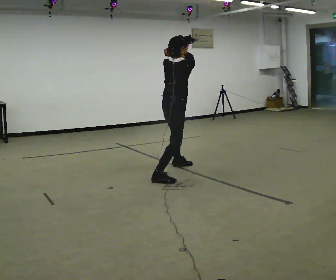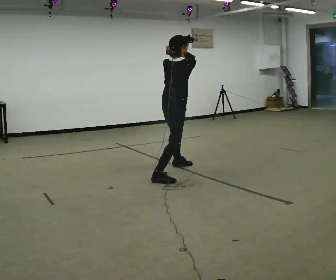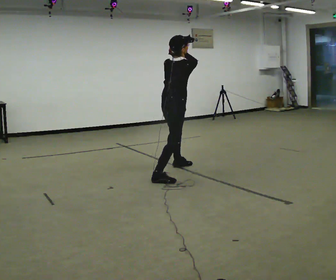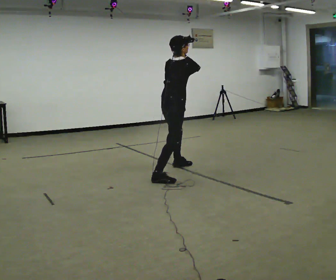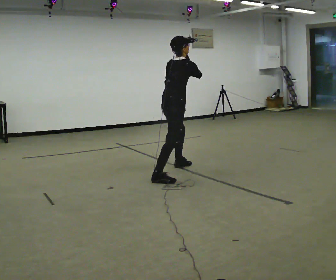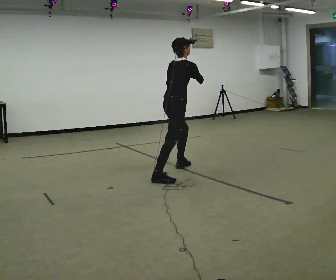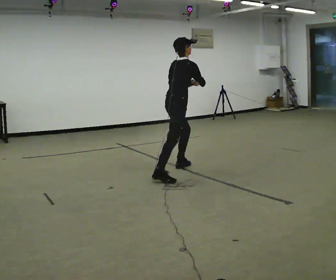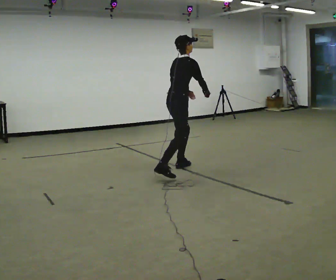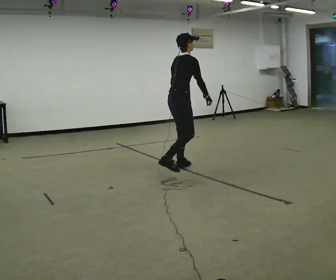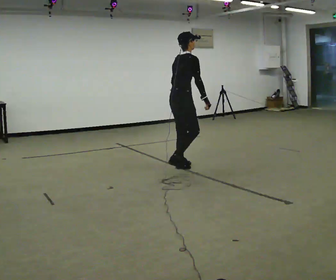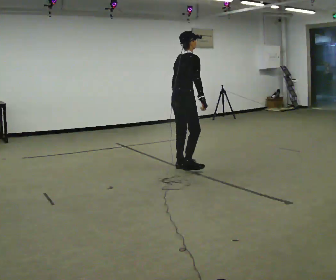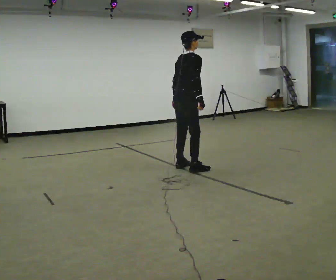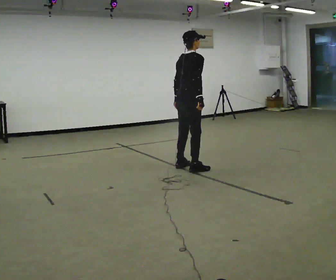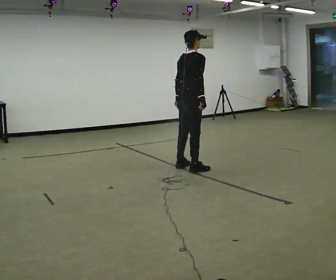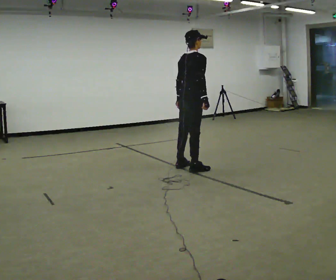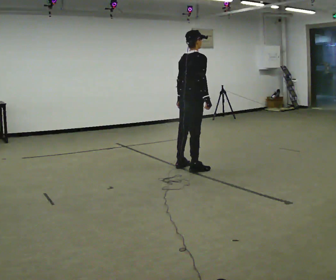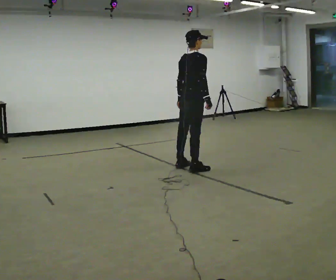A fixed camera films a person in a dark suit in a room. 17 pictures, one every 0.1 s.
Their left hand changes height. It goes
downward.
Their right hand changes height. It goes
downward.
0.0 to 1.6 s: In the picture they go away from the camera and to the right, about 0.25 m in 1 step, which for them is forward. The upper body tips away from the camera, its near side rolling upward. In the picture their right hand goes downward.
The film runs forward here.
